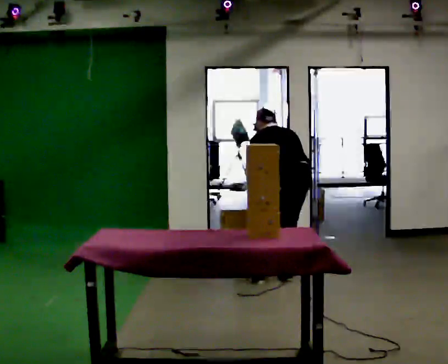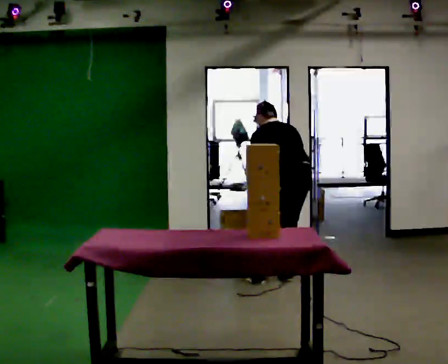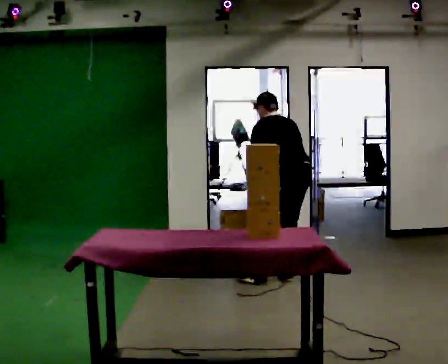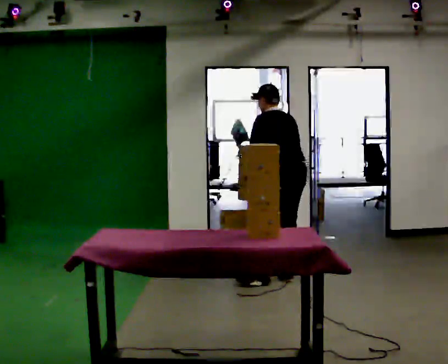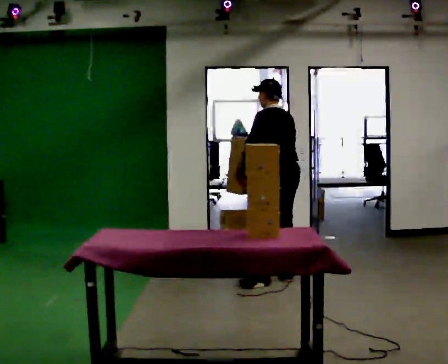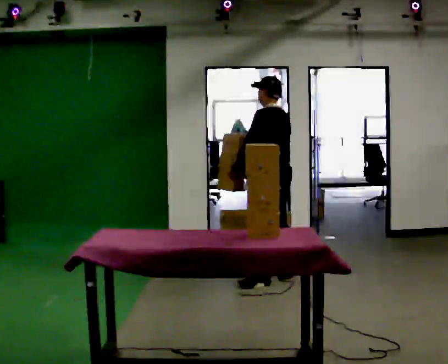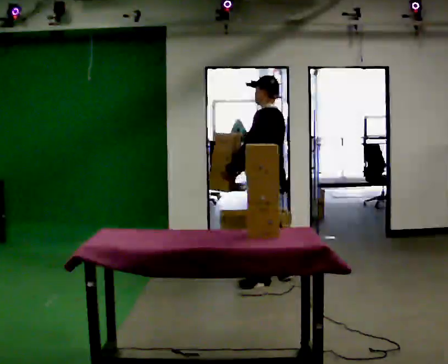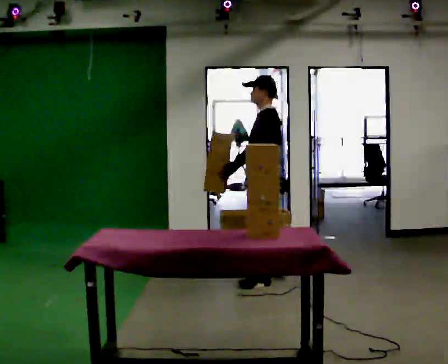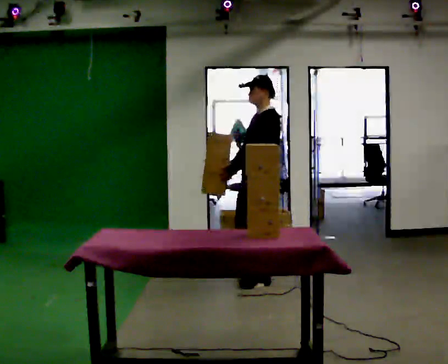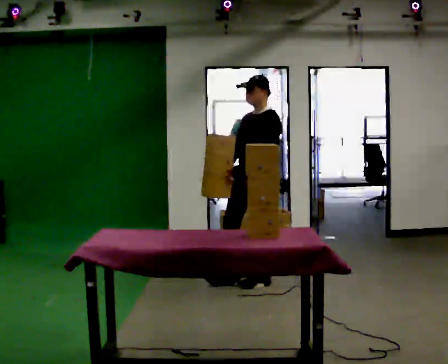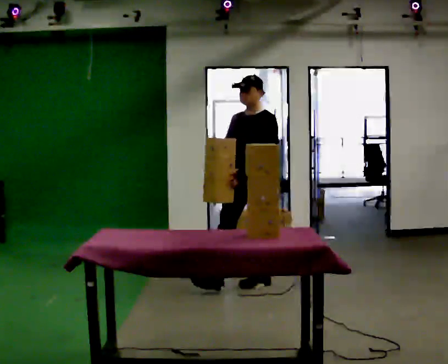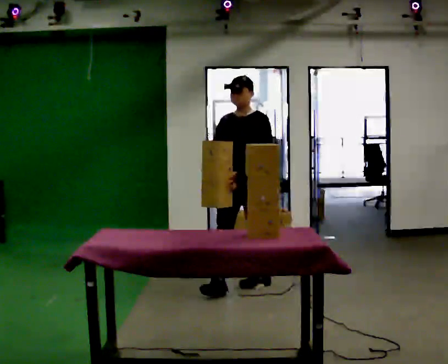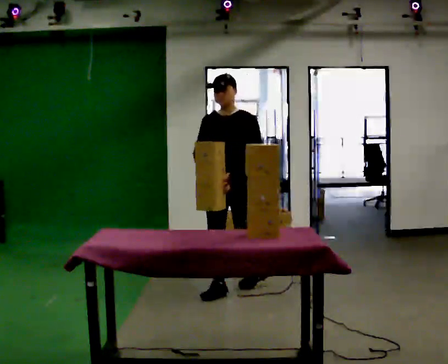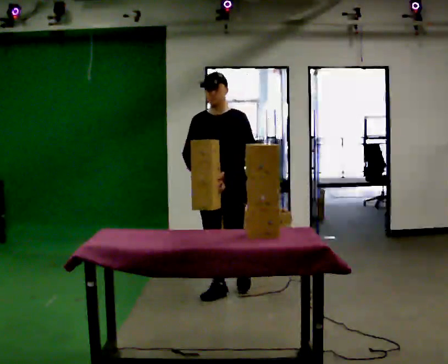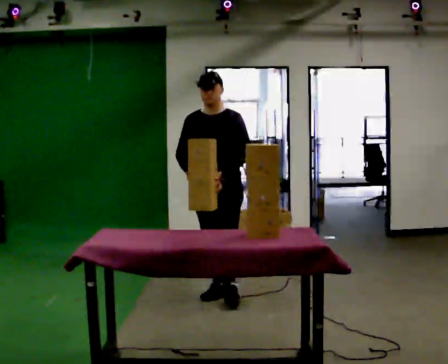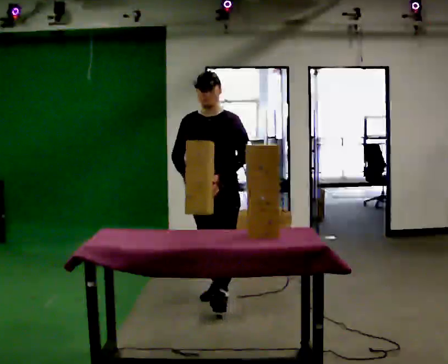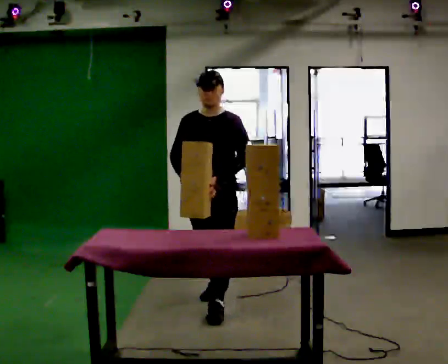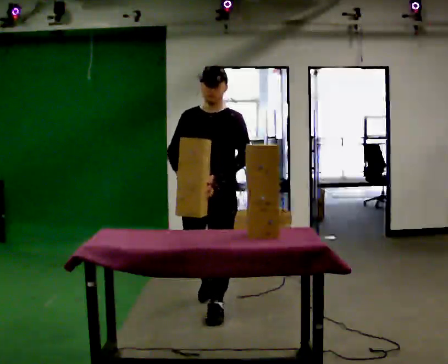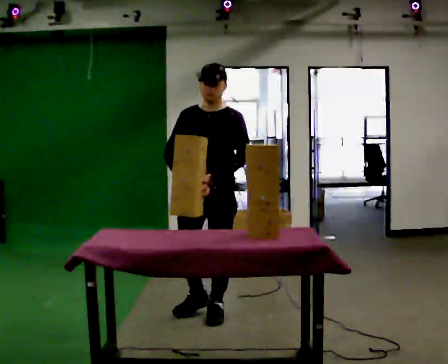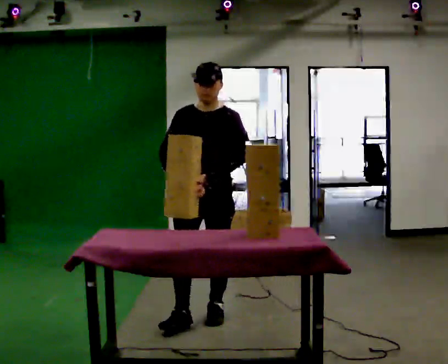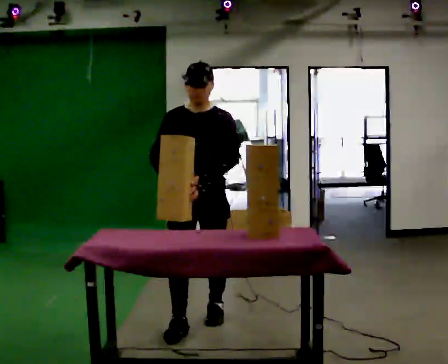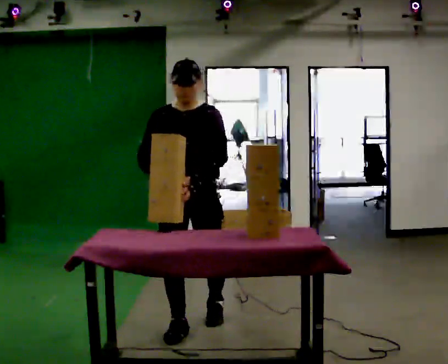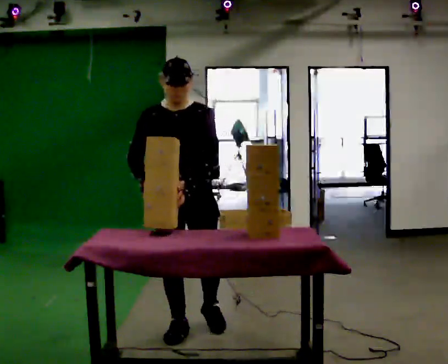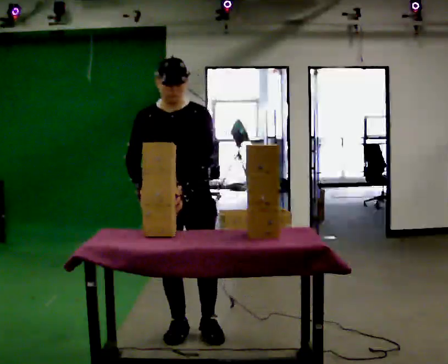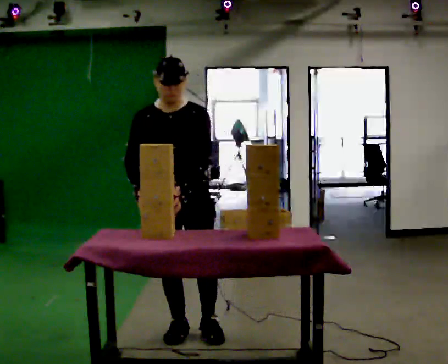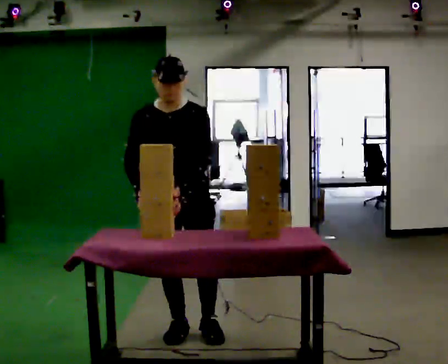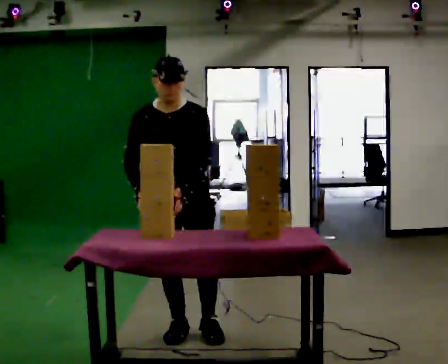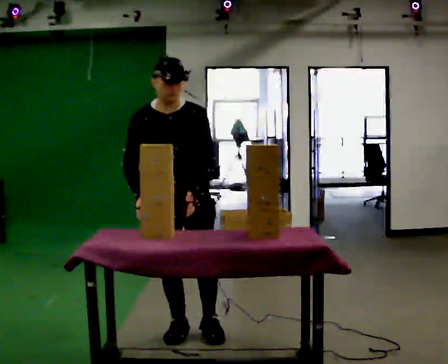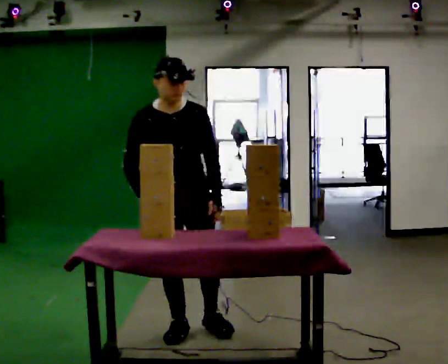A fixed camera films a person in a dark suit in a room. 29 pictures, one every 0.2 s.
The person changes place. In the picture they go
toward the camera.
The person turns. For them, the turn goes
to their left.
0.0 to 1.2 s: Seen from above the body turns counterclockwise, about 45 degrees: to their left, with its near side sliding to the right. In the picture they go to the left, about 0.25 m, which for them is to their left and forward. The upper body goes upward. The upper body tips toward the camera, its near side rolling downward, as they lean back or straighten. In the picture their right hand goes to the left.
1.2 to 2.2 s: The person turns about 75 degrees to their left, counterclockwise seen from above, so the part of the body nearest the lens slides to the right. In the picture they go to the left and toward the camera, about 0.25 m in 1 step.
2.2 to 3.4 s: In the picture they go toward the camera, about 0.5 m in 1 step, which for them is forward.
3.4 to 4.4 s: In the picture they go toward the camera, about 0.5 m in 1 step, which for them is forward.
4.4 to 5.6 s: The person moves a little, or ends about where they began.
The film runs forward here.
